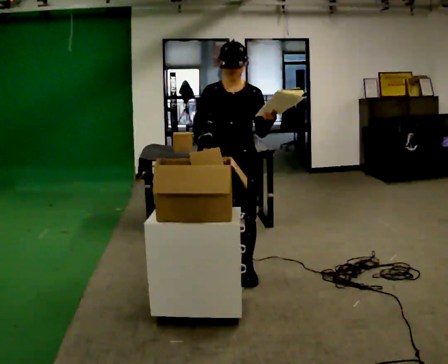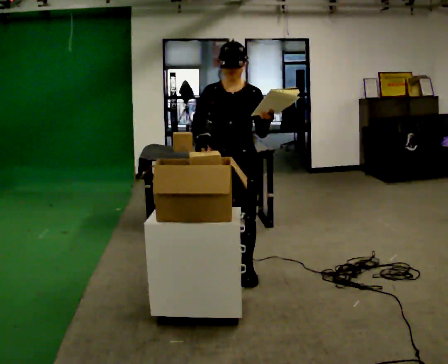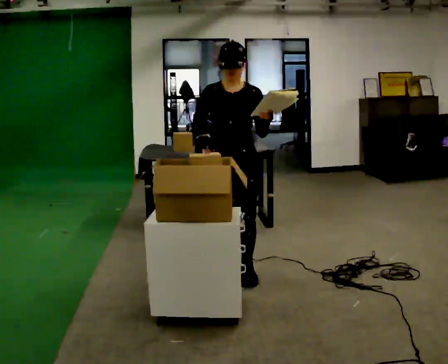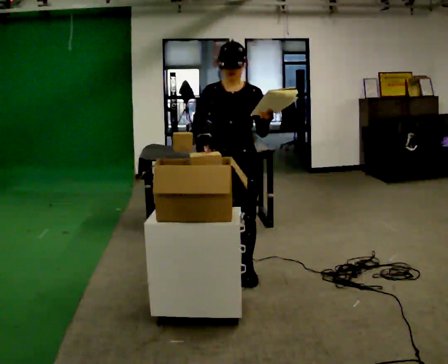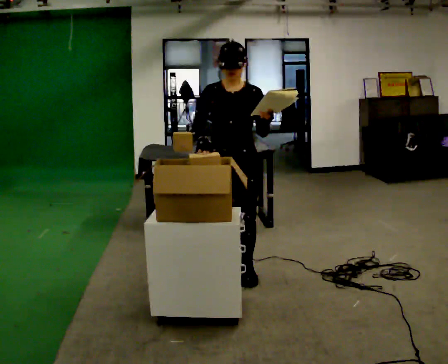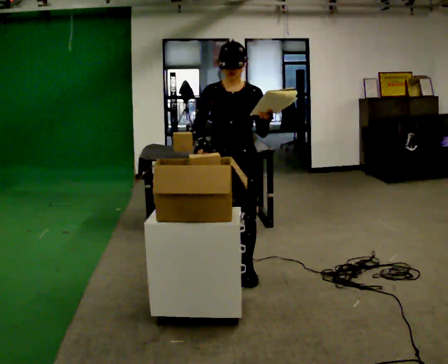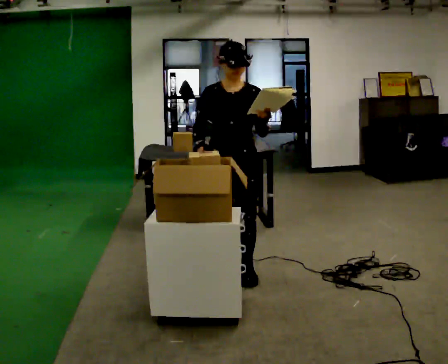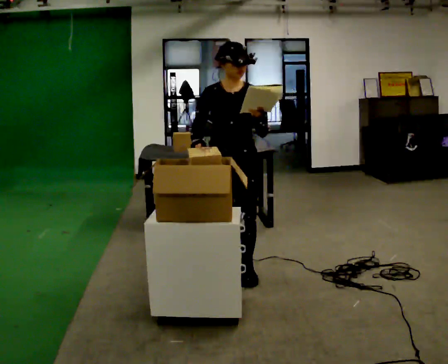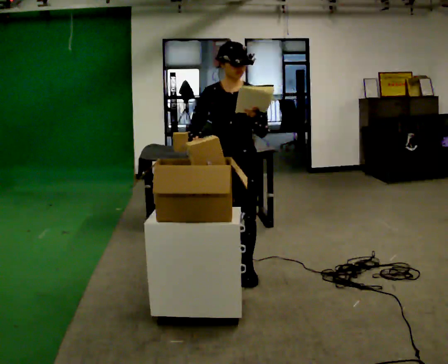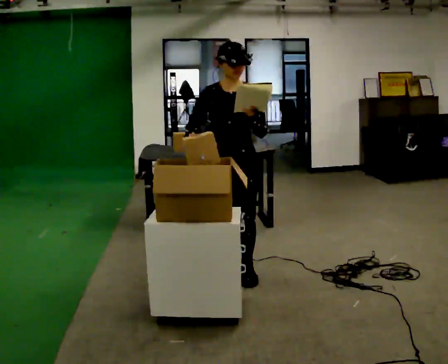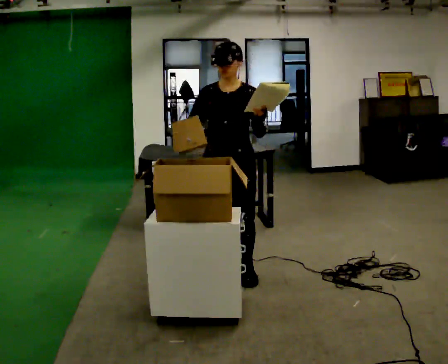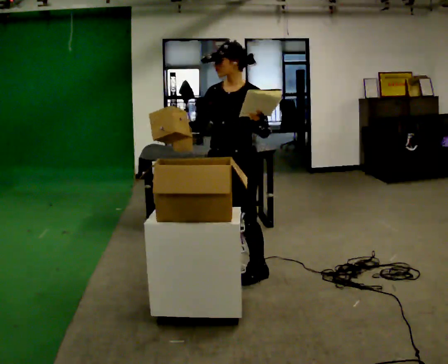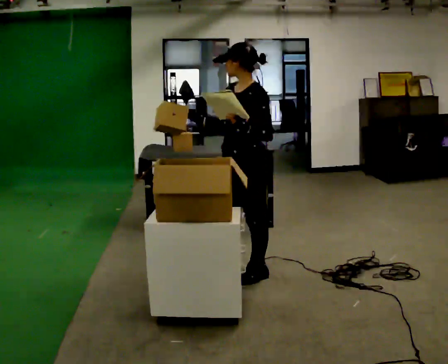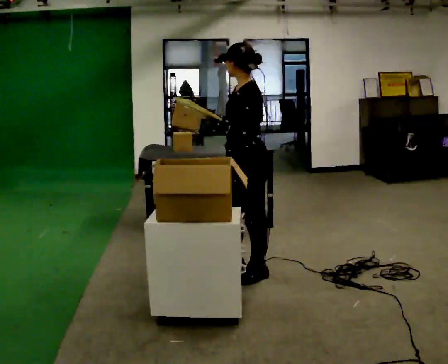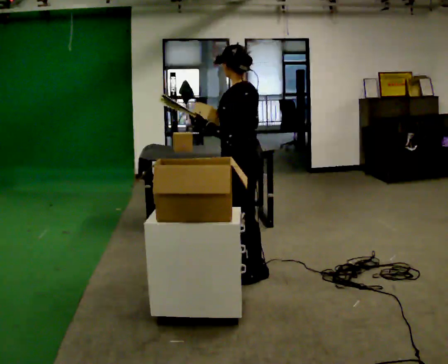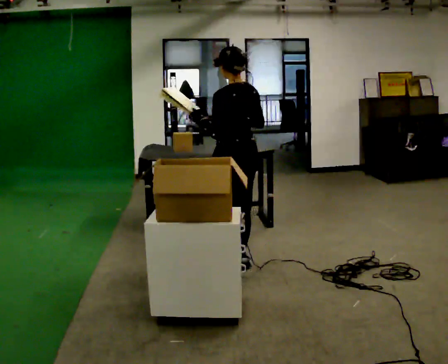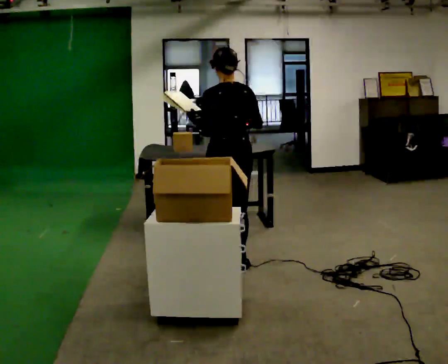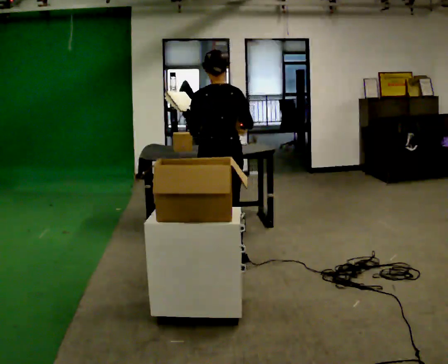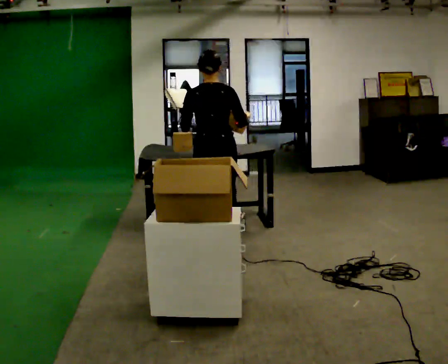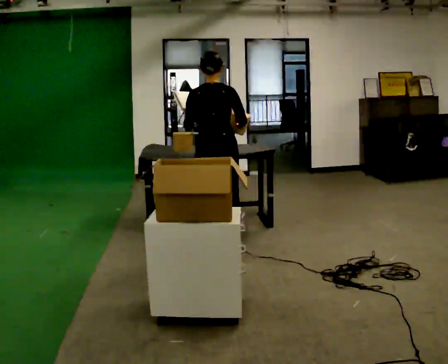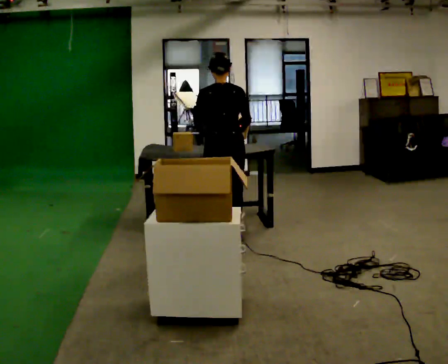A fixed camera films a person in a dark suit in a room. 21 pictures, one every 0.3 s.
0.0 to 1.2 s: The person keeps their place and pose.
1.2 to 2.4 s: The person moves a little, or ends about where they began.
2.4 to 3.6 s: The part of the body nearest the lens slides to the left as the person turns to their right by about 60 degrees.
3.6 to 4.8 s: Seen from above the body turns clockwise, about 105 degrees: to their right, with its near side sliding to the left. In the picture they go away from the camera, about 0.25 m in 1 step.
4.8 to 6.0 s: In the picture they go away from the camera, about 0.5 m in 2 steps, which for them is forward.
The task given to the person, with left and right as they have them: 1. Read the list the operator gives you. 2. Collect the six items on the list from the shelves. 3. Put them all in the bin on the table. 4. Tell the operator when you are finished.
The film runs forward here.
